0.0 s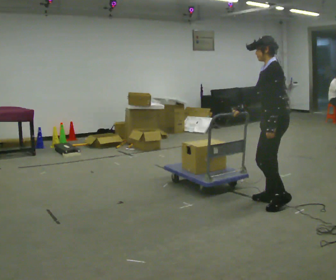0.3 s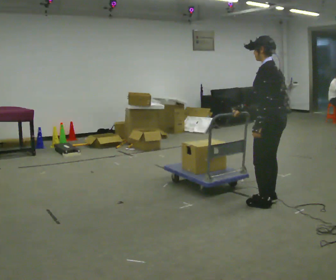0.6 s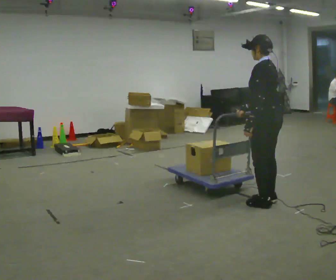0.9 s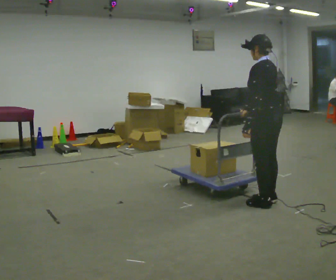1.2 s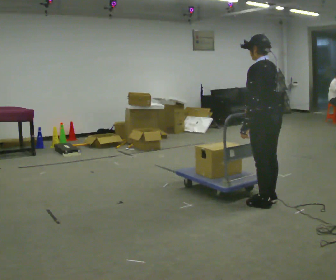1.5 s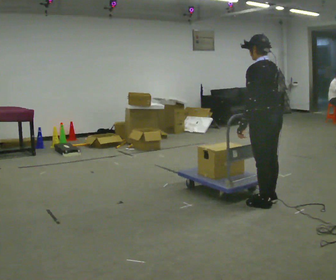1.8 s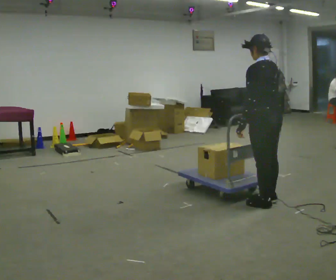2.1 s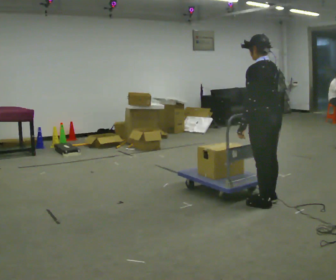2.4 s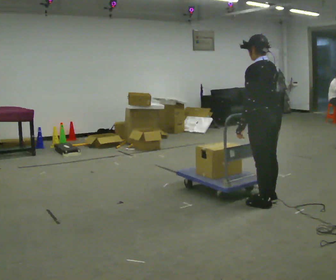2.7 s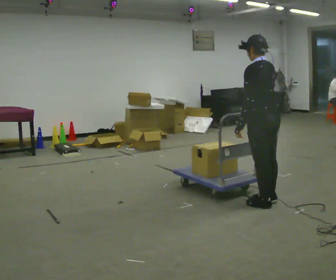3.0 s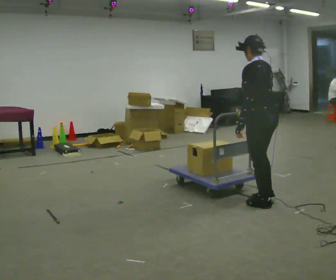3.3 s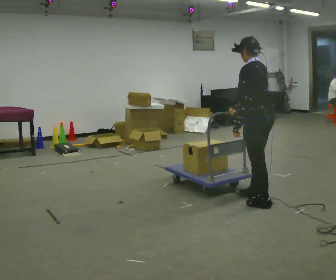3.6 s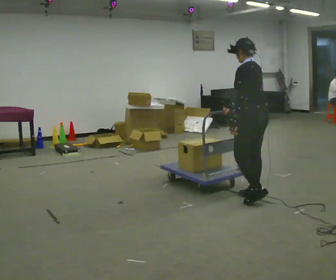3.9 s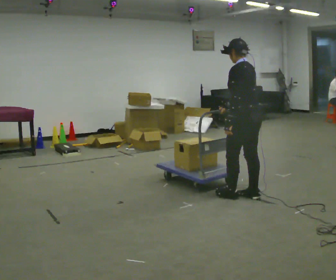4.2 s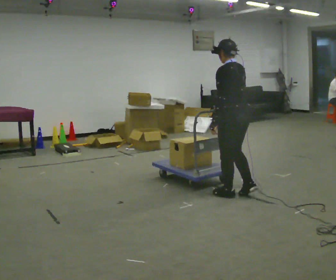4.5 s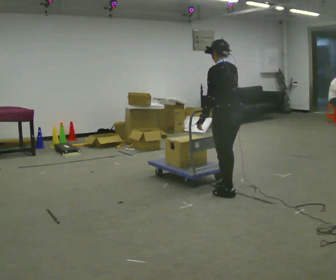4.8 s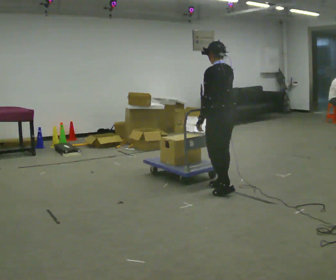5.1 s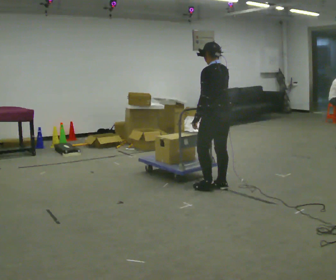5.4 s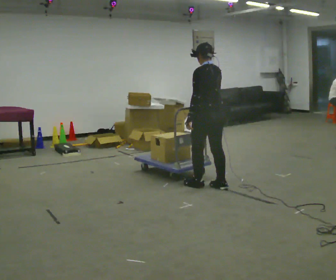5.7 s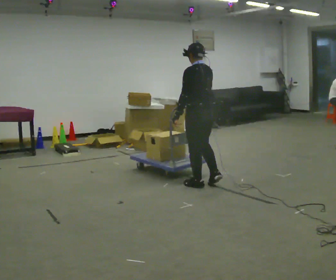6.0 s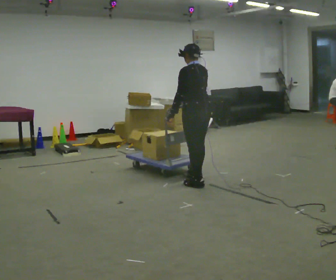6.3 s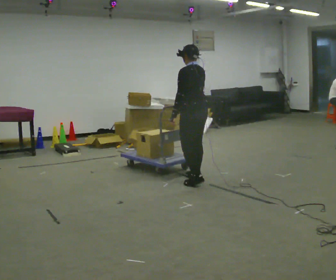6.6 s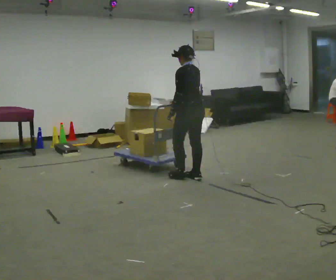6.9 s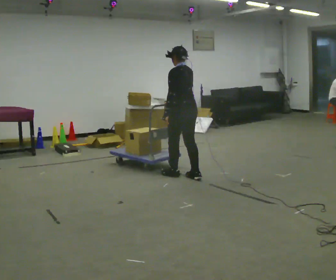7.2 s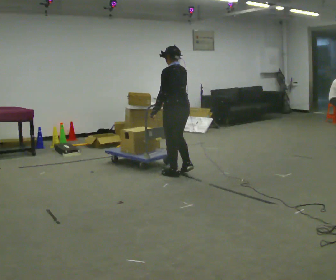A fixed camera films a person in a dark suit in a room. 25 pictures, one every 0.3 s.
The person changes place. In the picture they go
to the left.
0.0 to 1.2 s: Seen from above the body turns clockwise, about 30 degrees: to their right, with its near side sliding to the left.
1.2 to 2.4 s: The person moves a little, or ends about where they began.
2.4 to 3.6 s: In the picture they go away from the camera, about 0.25 m in 1 step, which for them is forward.
3.6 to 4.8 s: In the picture they go to the left and away from the camera, about 0.5 m in 2 steps, which for them is forward.
4.8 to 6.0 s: In the picture they go to the left and away from the camera, about 0.25 m in 1 step, which for them is forward.
6.0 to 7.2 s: In the picture they go to the left and away from the camera, about 0.5 m in 2 steps, which for them is forward.
The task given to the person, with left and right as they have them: Push the cart across the room using only the hand the operator calls. Keep your other arm at your side.
The film runs forward here.
